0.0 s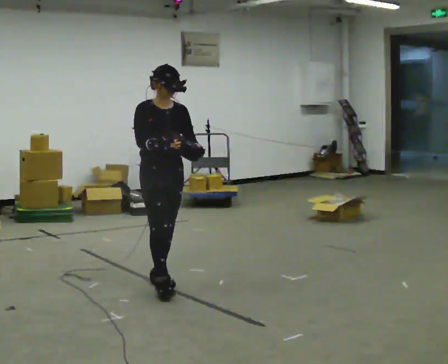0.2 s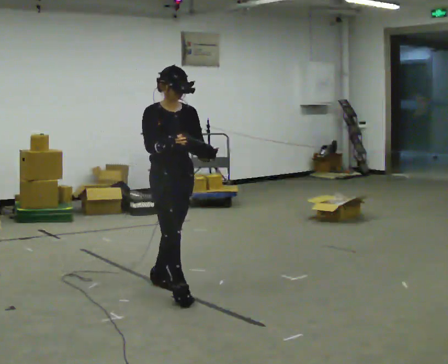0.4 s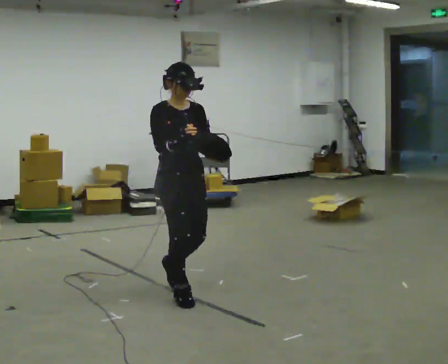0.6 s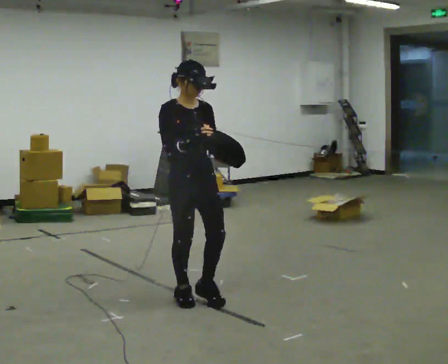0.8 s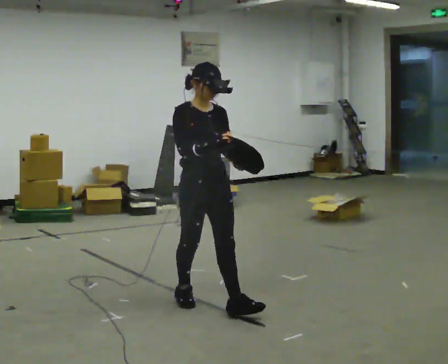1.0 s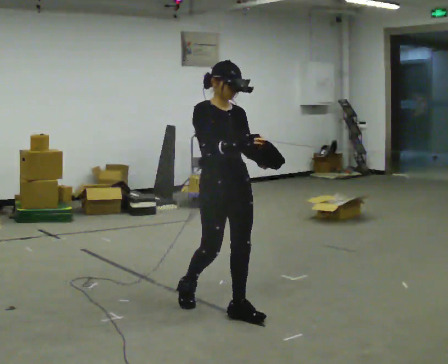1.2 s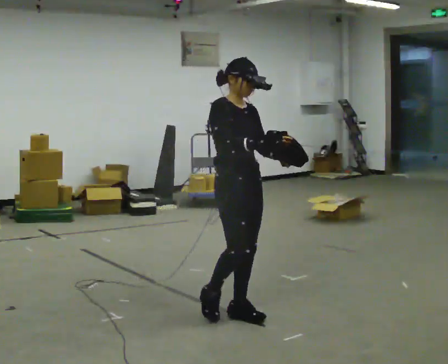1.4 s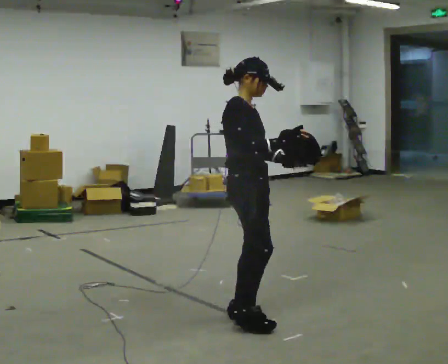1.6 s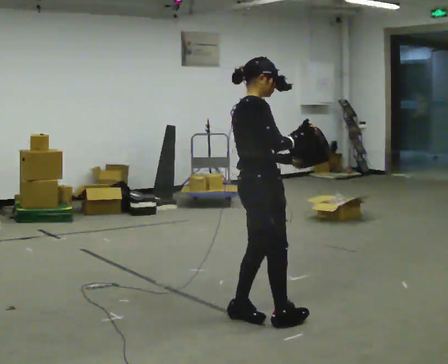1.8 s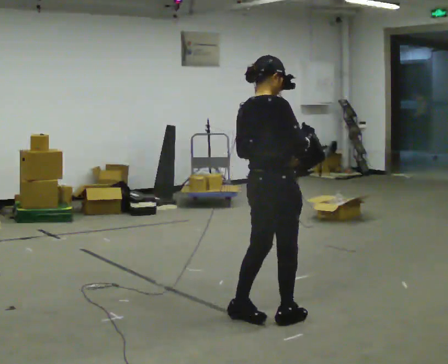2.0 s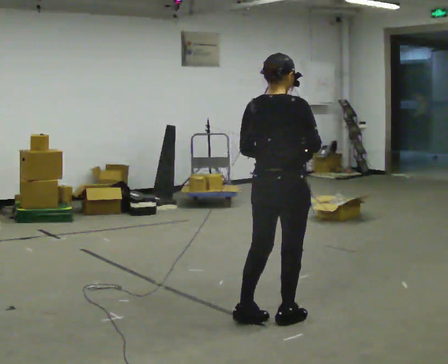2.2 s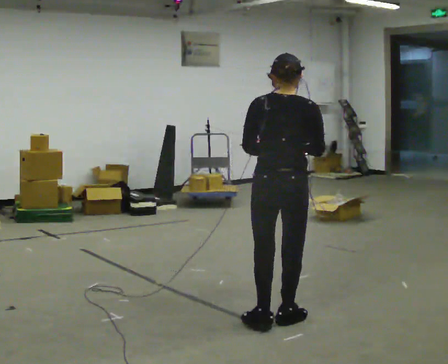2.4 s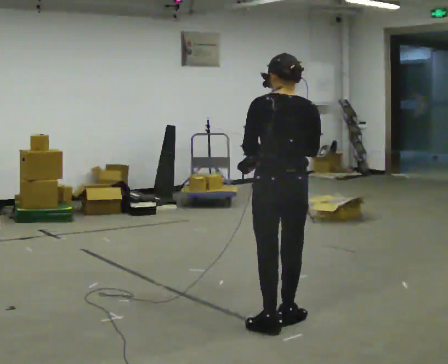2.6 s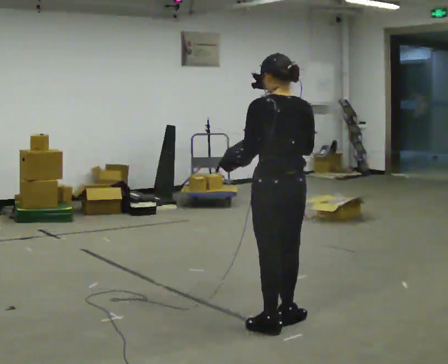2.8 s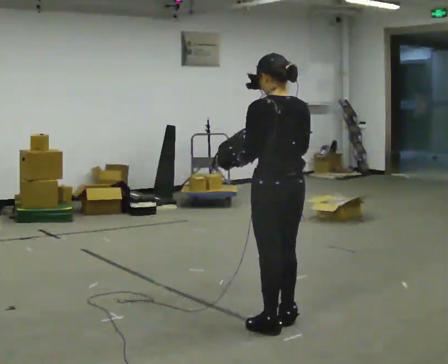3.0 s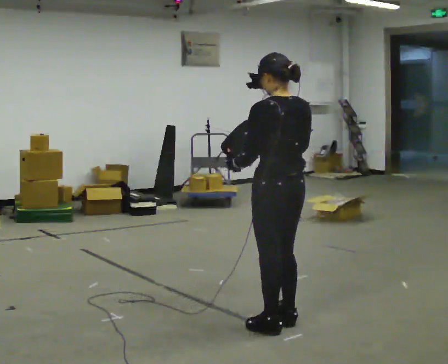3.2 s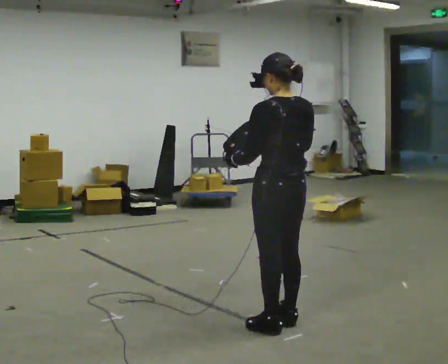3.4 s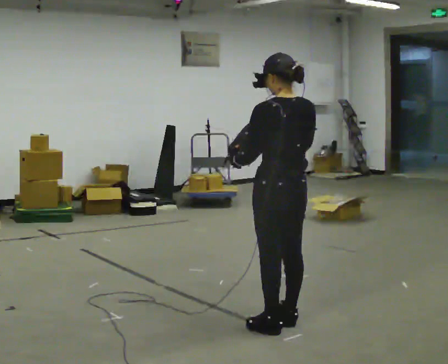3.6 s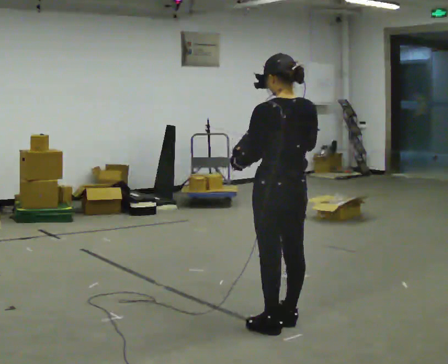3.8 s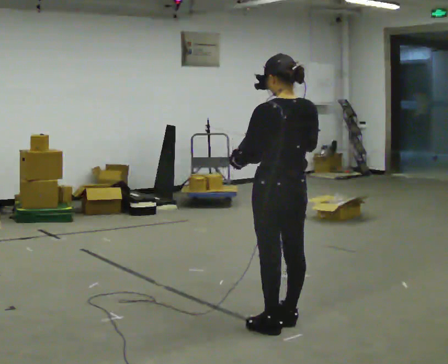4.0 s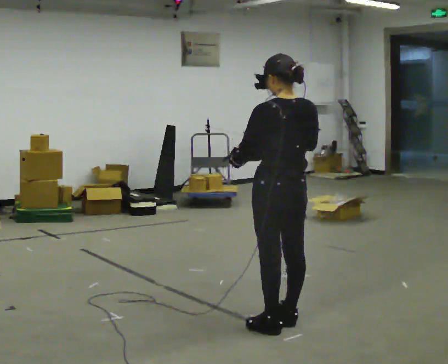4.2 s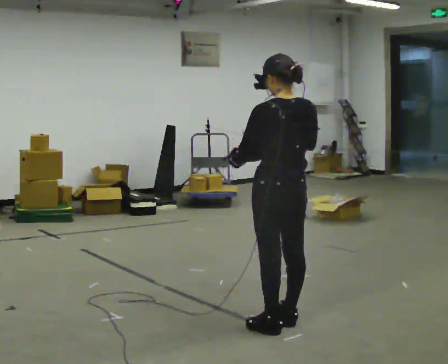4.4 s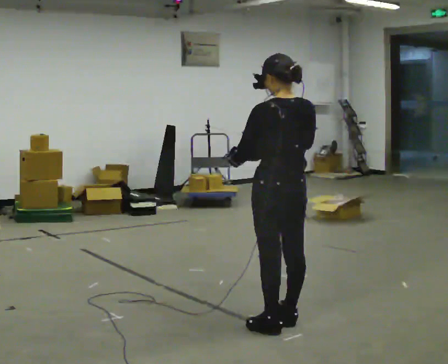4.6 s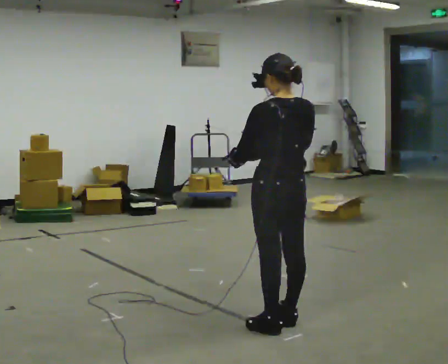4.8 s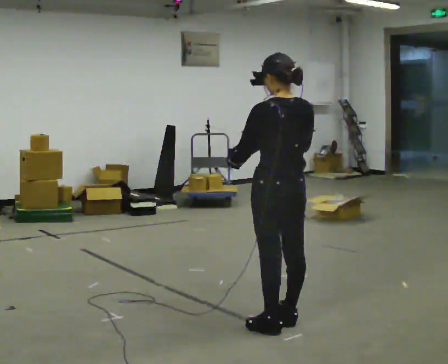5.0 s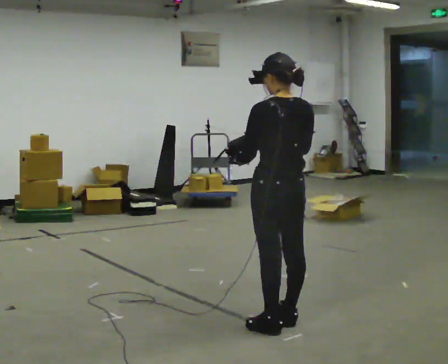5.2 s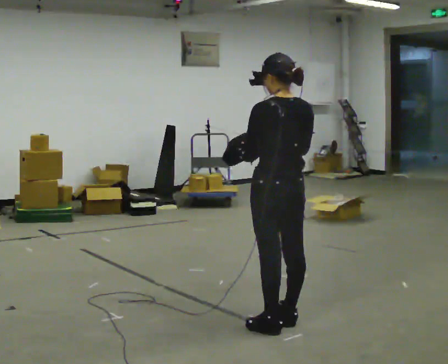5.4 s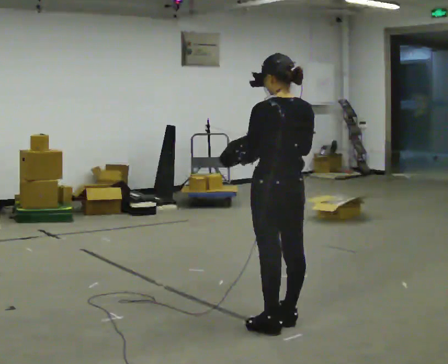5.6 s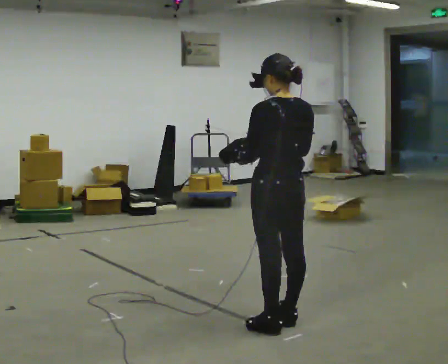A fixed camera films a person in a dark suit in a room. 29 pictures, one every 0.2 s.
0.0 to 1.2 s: In the picture they go to the right and toward the camera, about 1 m in 2 steps, which for them is forward.
1.2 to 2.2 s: The part of the body nearest the lens slides to the right as the person turns to their left by about 120 degrees. In the picture they go to the right and toward the camera, about 0.25 m in 1 step.
2.2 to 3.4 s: The person turns about 30 degrees to their left, counterclockwise seen from above, so the part of the body nearest the lens slides to the right.
3.4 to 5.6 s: The person moves a little, or ends about where they began.
The film runs forward here.
